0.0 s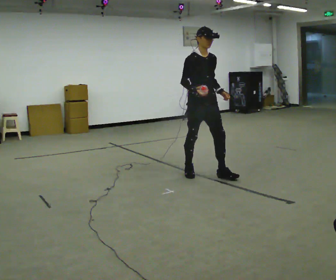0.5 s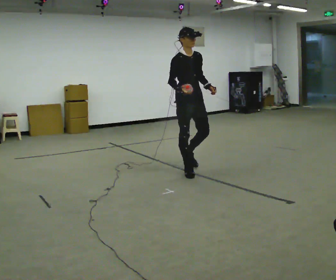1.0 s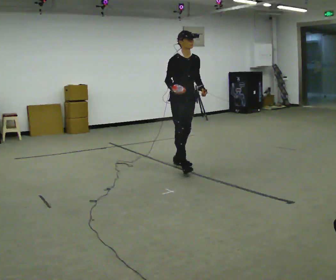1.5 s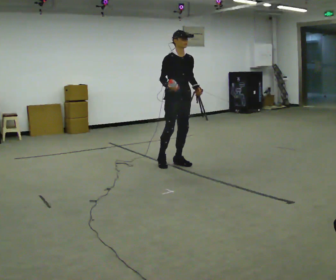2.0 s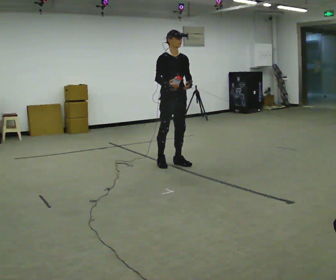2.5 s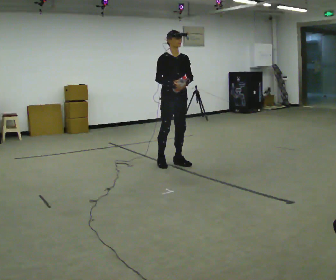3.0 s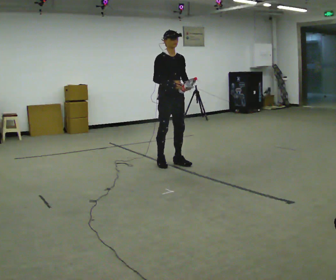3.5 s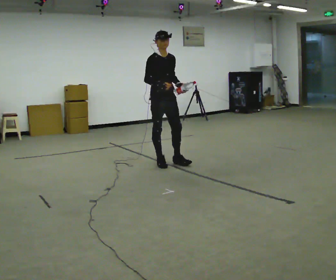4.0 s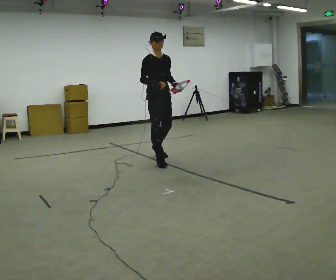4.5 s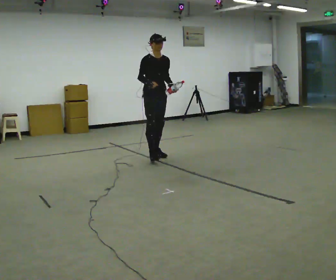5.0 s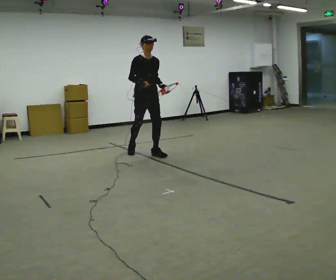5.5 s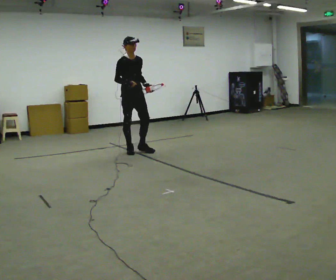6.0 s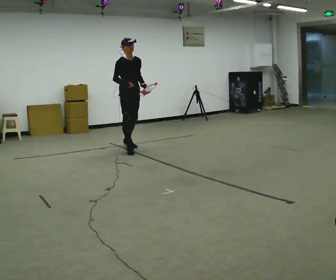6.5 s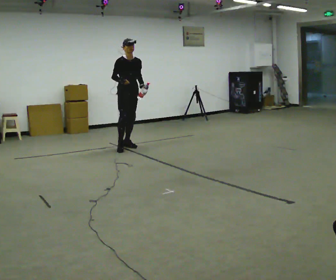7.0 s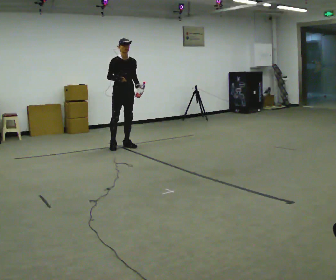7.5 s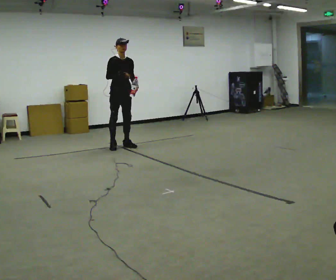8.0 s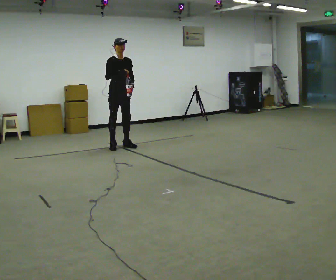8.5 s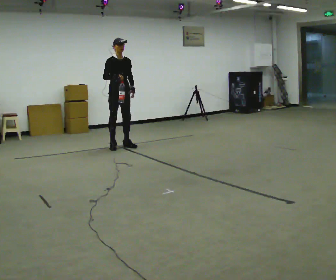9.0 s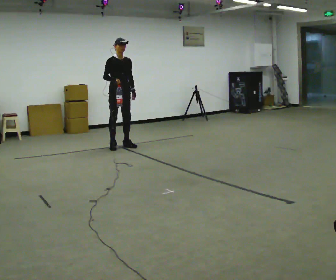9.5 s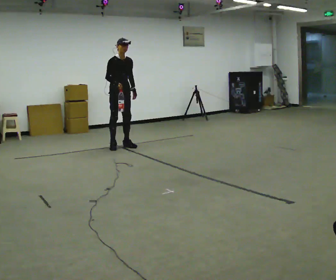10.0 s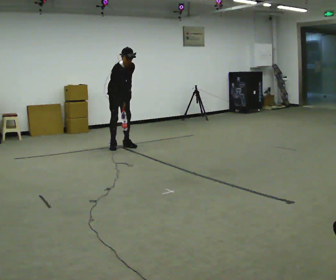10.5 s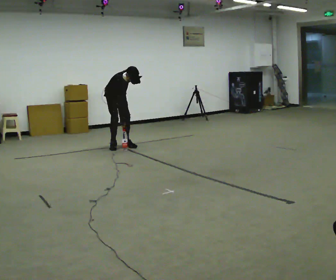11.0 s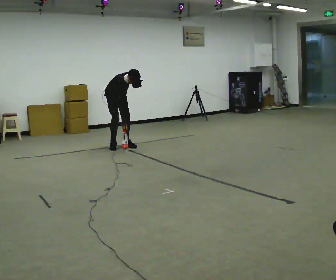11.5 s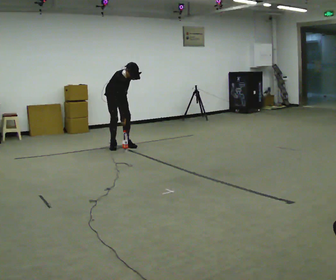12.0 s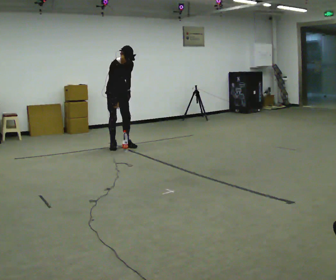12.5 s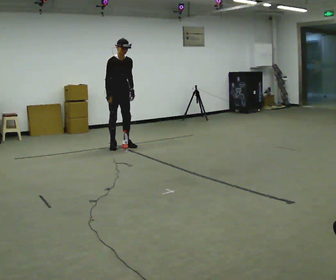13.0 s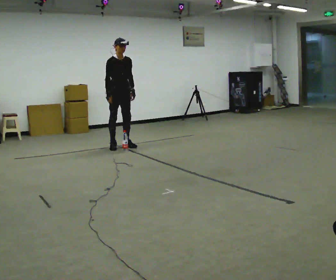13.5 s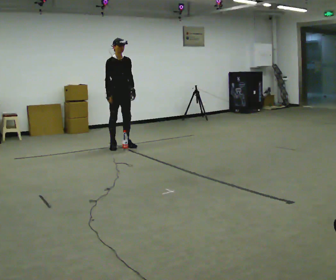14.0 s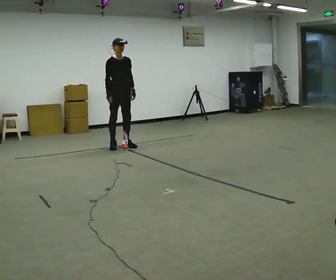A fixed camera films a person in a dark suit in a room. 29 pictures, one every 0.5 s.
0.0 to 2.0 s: In the picture they go away from the camera and to the left, about 0.5 m in 2 steps, which for them is backward.
2.0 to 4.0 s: In the picture they go away from the camera and to the left, about 0.25 m in 1 step, which for them is backward.
4.0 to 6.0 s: In the picture they go away from the camera and to the left, about 1 m in 2 steps, which for them is backward.
6.0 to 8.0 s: In the picture they go away from the camera and to the left, about 0.25 m in 1 step, which for them is backward.
8.0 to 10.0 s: The upper body tips toward the camera, its near side rolling downward, as they bend forward.
10.0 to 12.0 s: The person moves a little, or ends about where they began.
12.0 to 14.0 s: The upper body tips away from the camera, its near side rolling upward, as they lean back or straighten.
The film runs backward here.
